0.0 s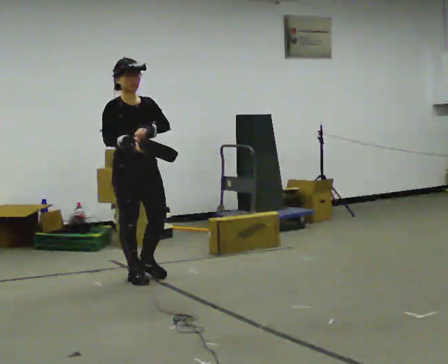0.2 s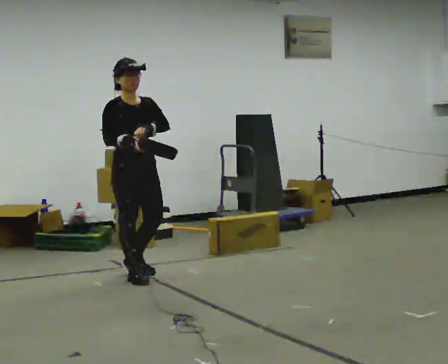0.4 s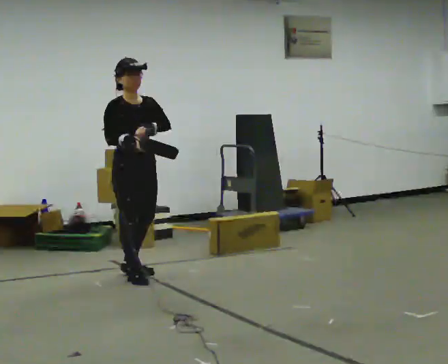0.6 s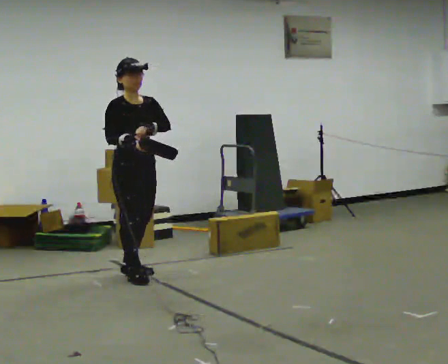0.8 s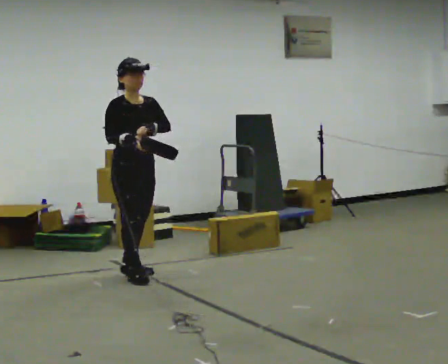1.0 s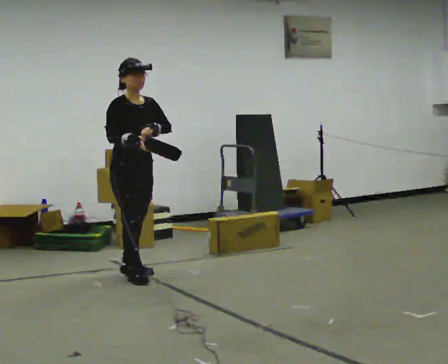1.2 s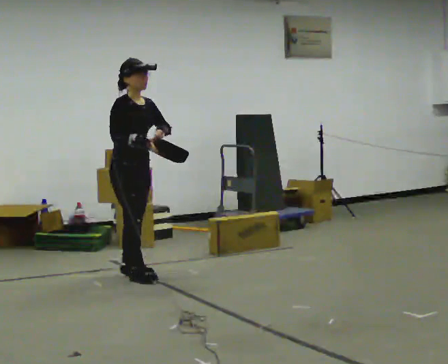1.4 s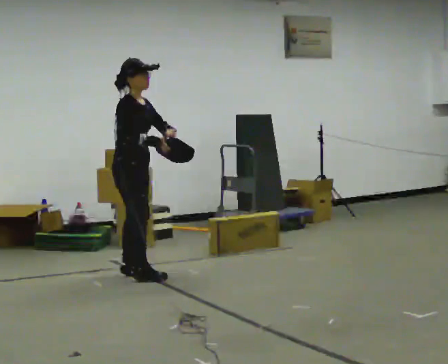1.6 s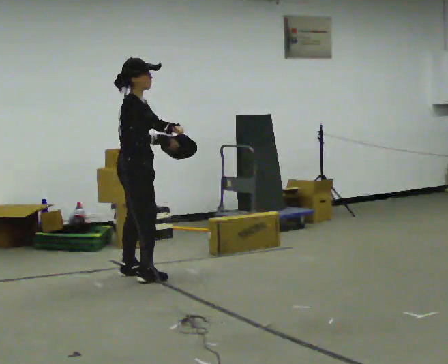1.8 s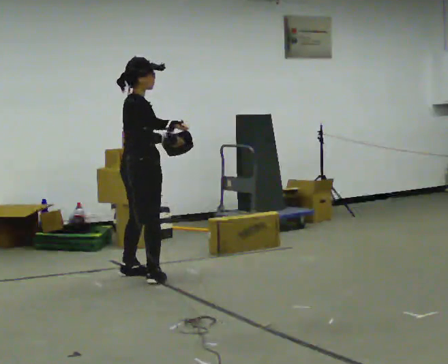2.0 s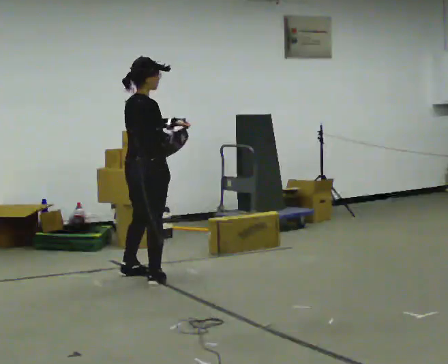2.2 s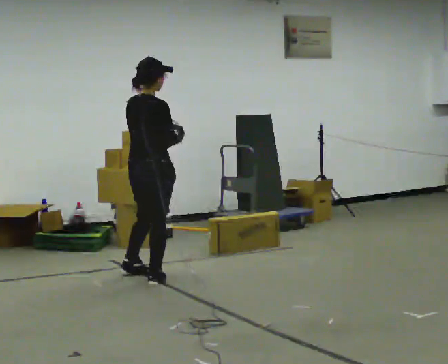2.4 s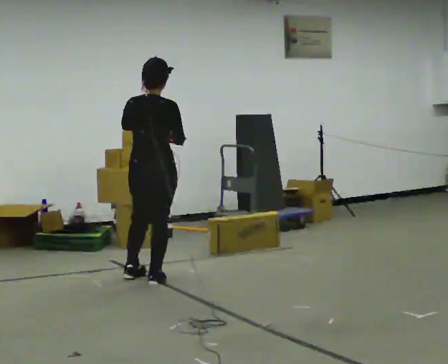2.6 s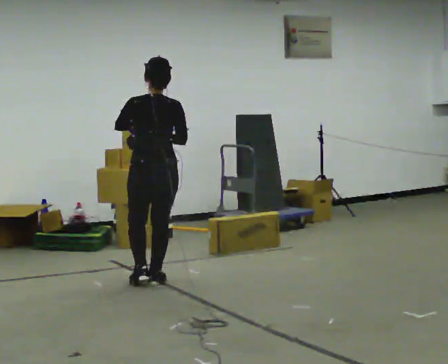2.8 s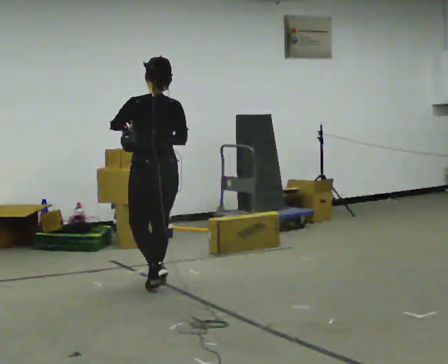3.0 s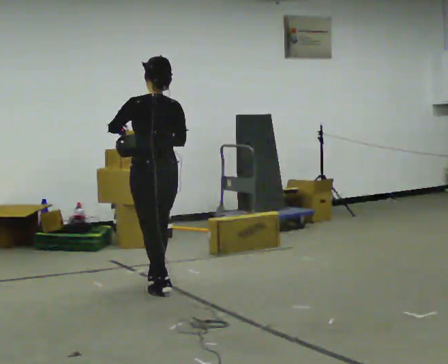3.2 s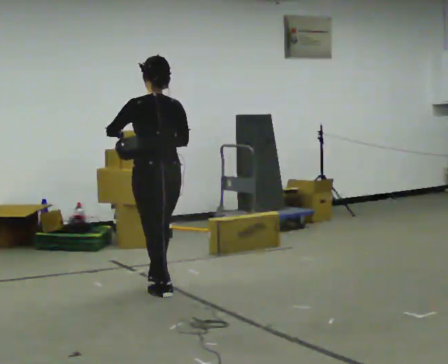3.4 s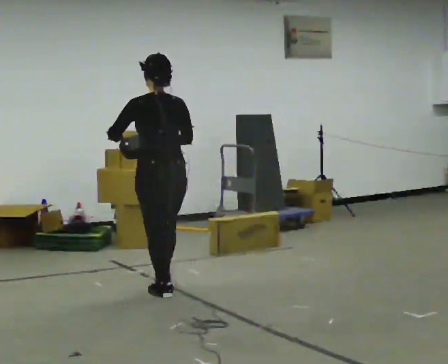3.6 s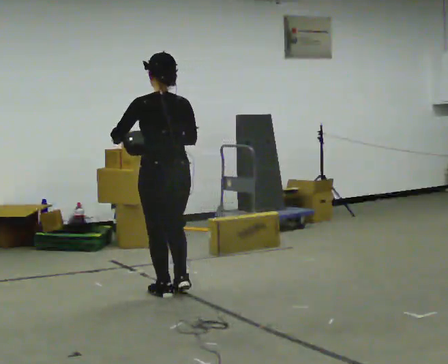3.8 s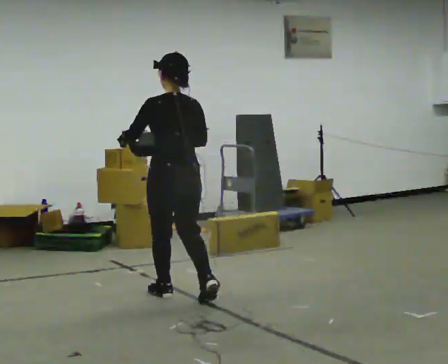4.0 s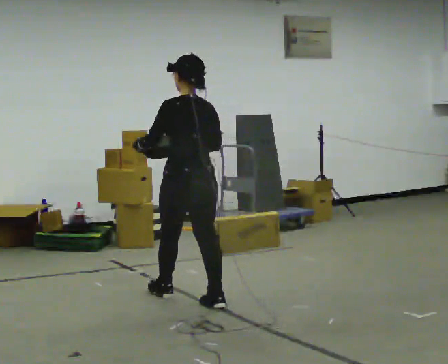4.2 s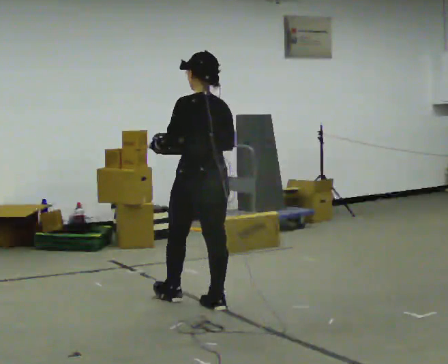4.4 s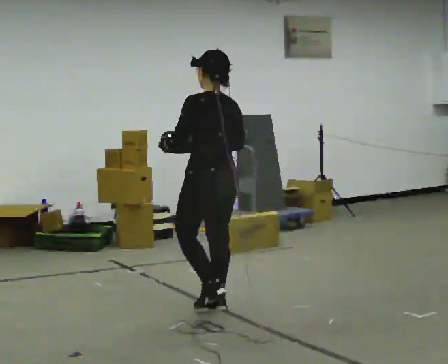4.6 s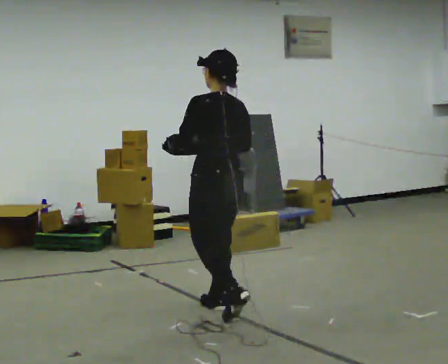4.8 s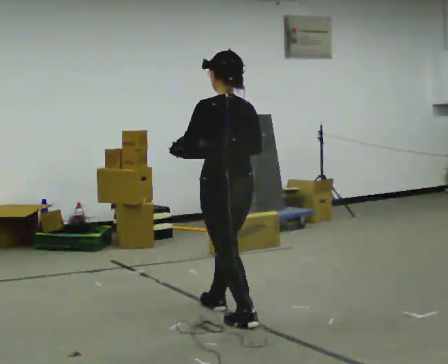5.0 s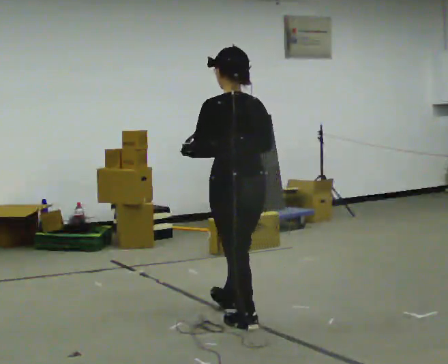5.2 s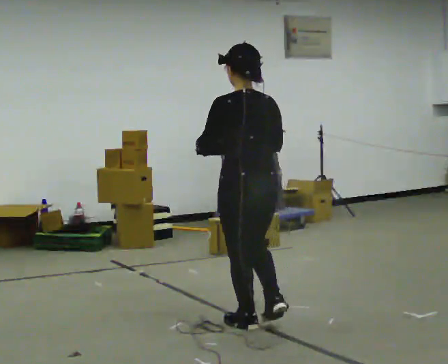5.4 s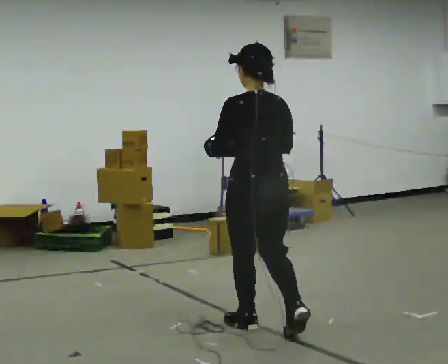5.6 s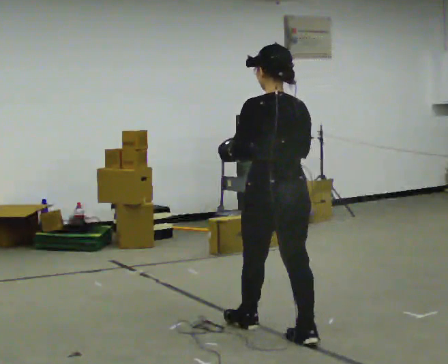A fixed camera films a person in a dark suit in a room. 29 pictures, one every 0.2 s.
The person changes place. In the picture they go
toward the camera.
The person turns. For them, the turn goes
to their left.
0.0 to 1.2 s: In the picture they go away from the camera, about 0.25 m, which for them is backward.
1.2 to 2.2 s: The part of the body nearest the lens slides to the right as the person turns to their left by about 75 degrees. In the picture they go toward the camera and to the right, about 0.25 m in 1 step.
2.2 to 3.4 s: The person turns about 60 degrees to their left, counterclockwise seen from above, so the part of the body nearest the lens slides to the right. In the picture they go toward the camera, about 0.5 m in 2 steps.
3.4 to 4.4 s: In the picture they go toward the camera and to the right, about 0.5 m in 1 step, which for them is backward.
4.4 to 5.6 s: In the picture they go toward the camera and to the right, about 0.5 m in 1 step, which for them is backward.
The film runs backward here.
